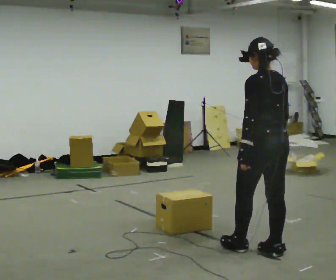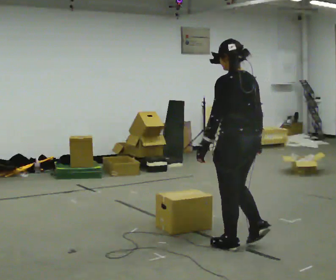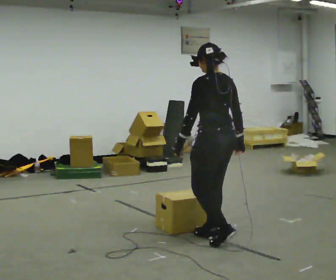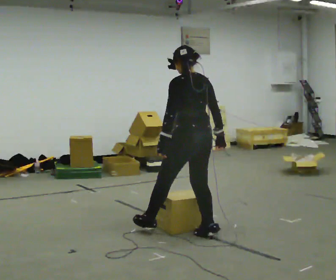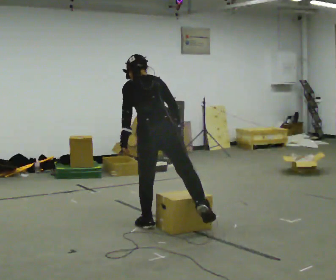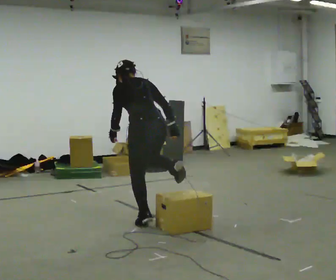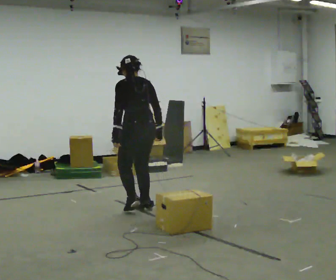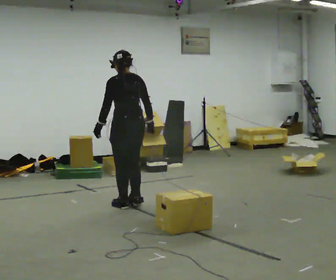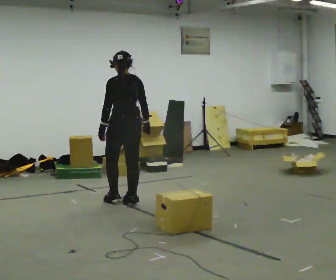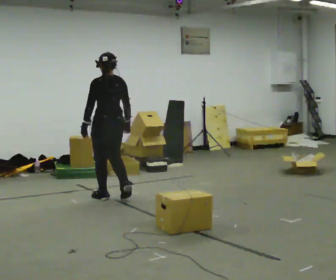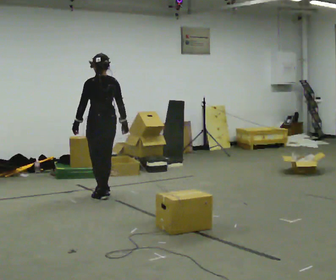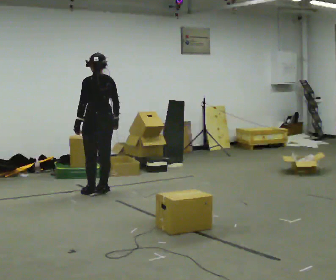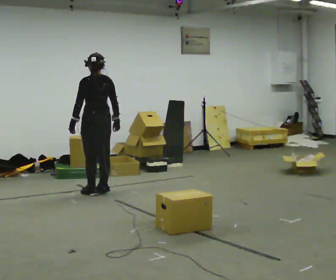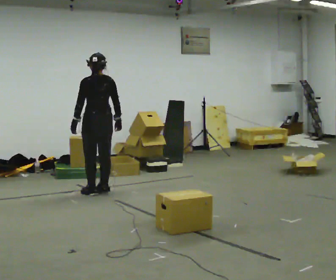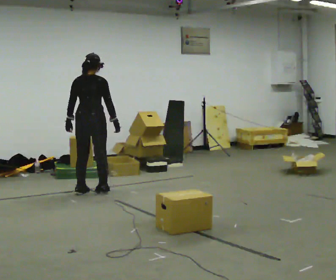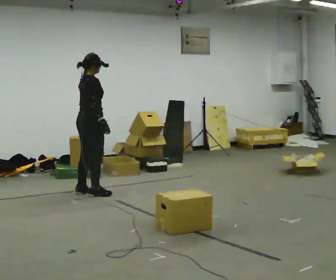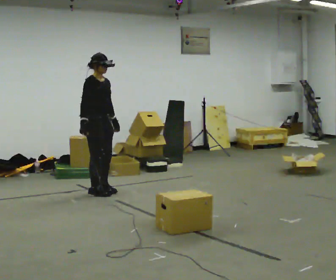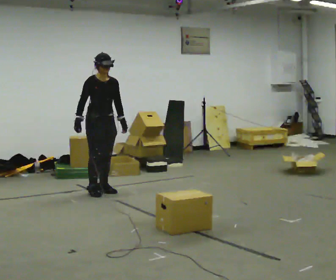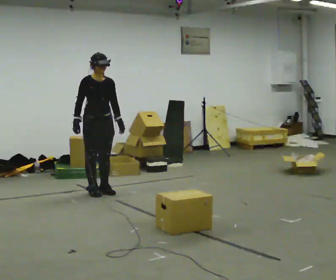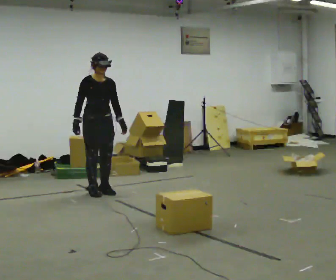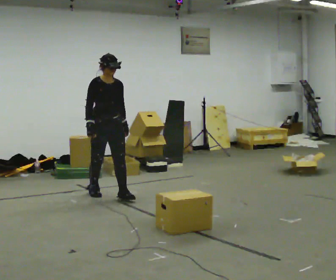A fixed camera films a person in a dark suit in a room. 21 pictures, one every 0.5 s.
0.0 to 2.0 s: In the picture they go away from the camera and to the left, about 1 m in 3 steps, which for them is forward. The upper body tips away from the camera, its near side rolling upward, as they bend forward.
2.0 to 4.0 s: In the picture they go away from the camera, about 1 m in 3 steps, which for them is forward. The upper body tips toward the camera, its near side rolling downward, as they lean back or straighten.
4.0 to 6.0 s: In the picture they go away from the camera and to the left, about 0.5 m in 3 steps, which for them is forward.
6.0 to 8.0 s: The part of the body nearest the lens slides to the left as the person turns to their right by about 150 degrees. In the picture their right hand goes to the left.
8.0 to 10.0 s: Seen from above the body turns clockwise, about 30 degrees: to their right, with its near side sliding to the left. In the picture they go toward the camera, about 0.25 m in 1 step, which for them is forward.
The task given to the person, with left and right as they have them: Walk back and forth across the room at a normal pace, looking ahead. There may be something on the floor. Recover however comes naturally and carry on.
The film runs forward here.
